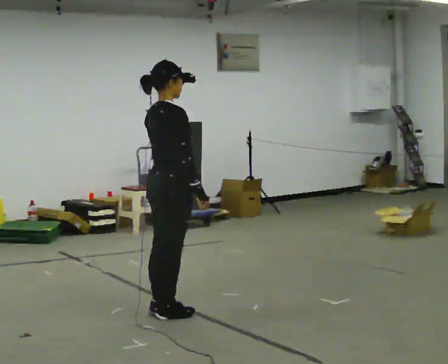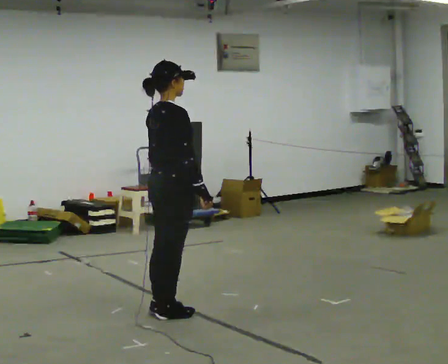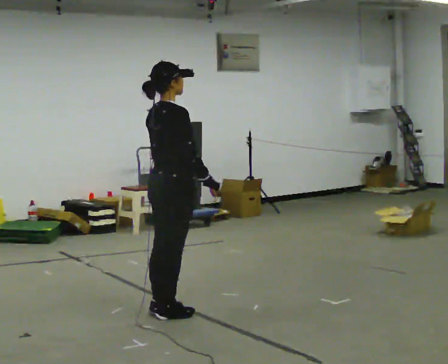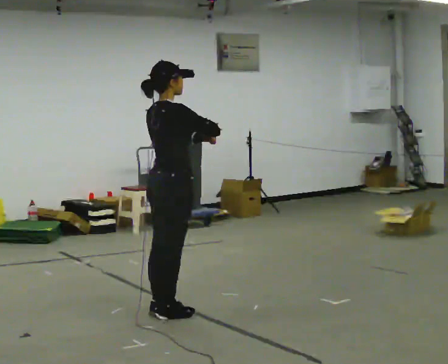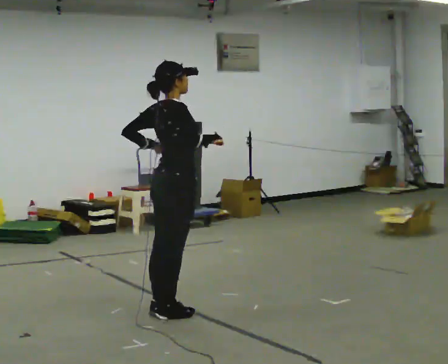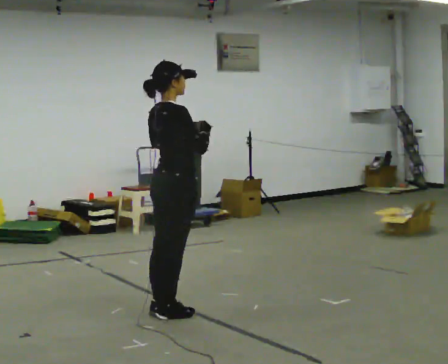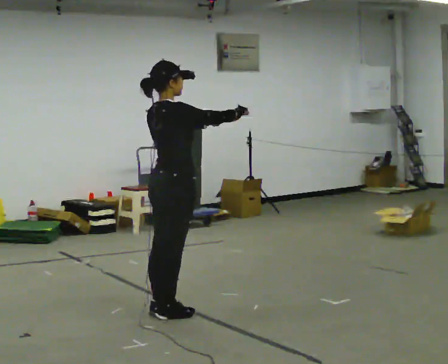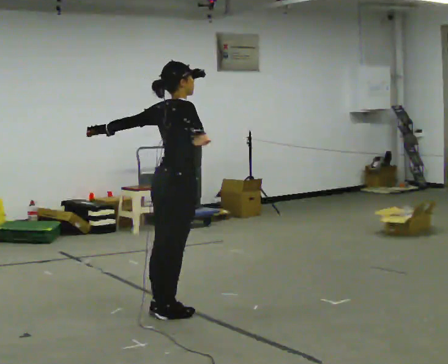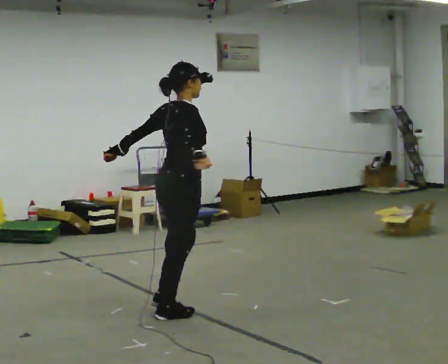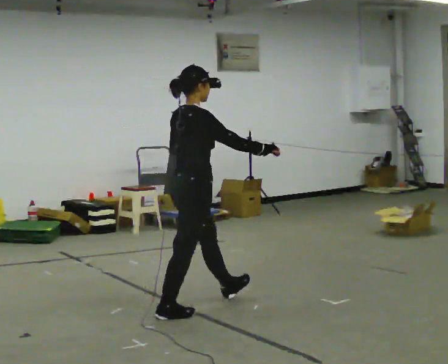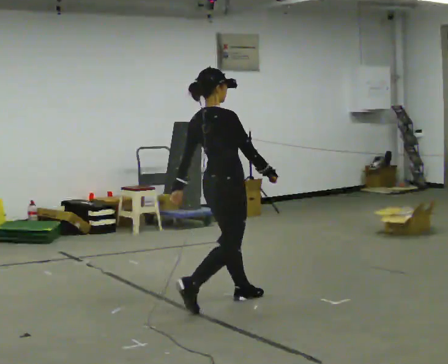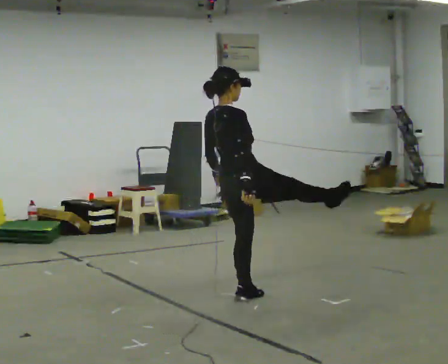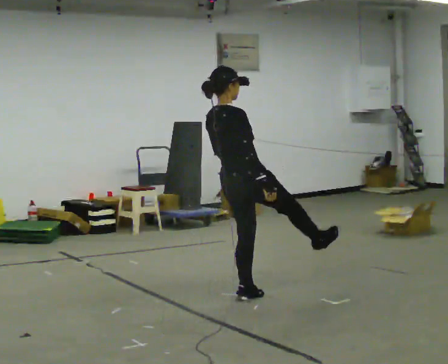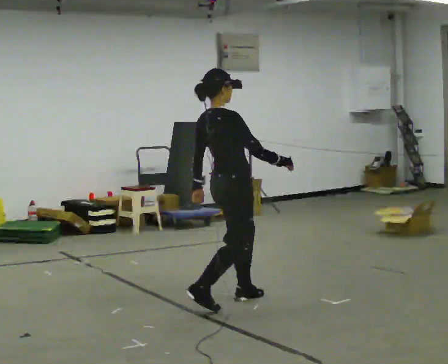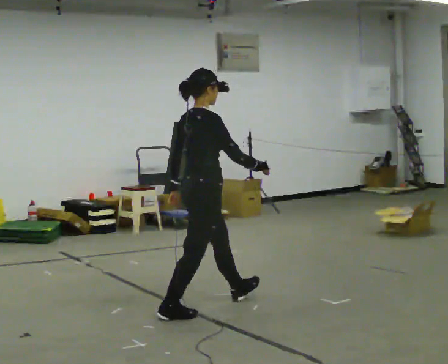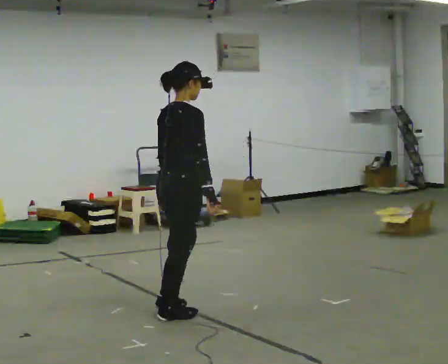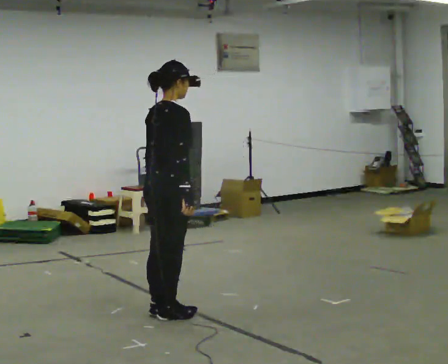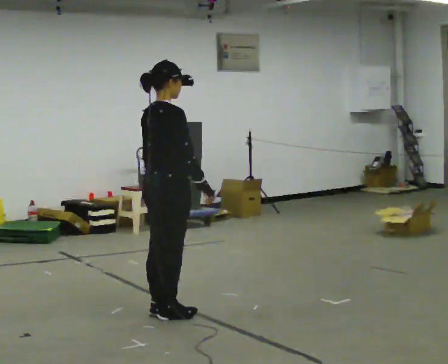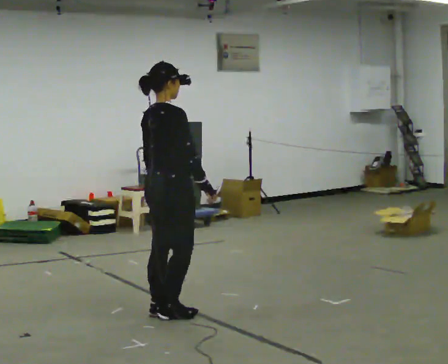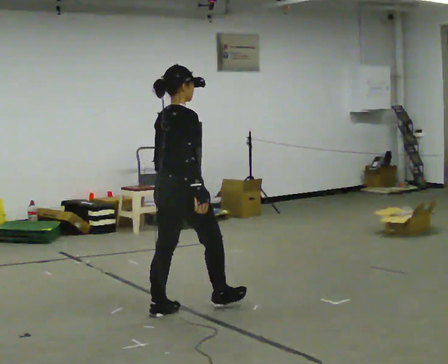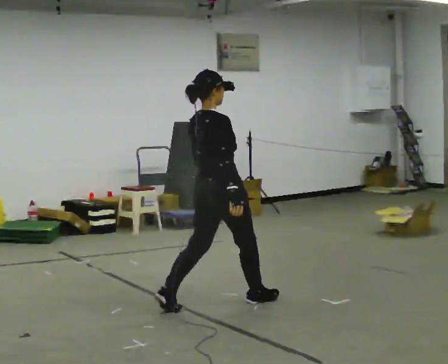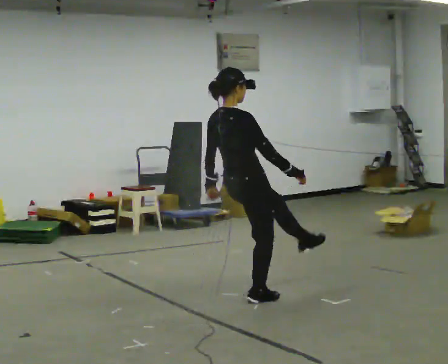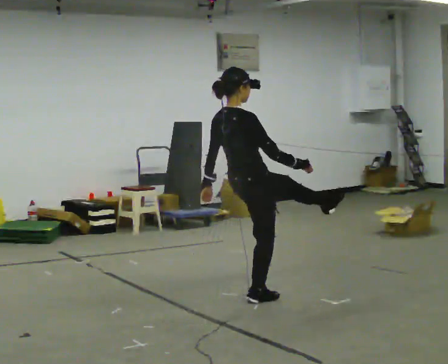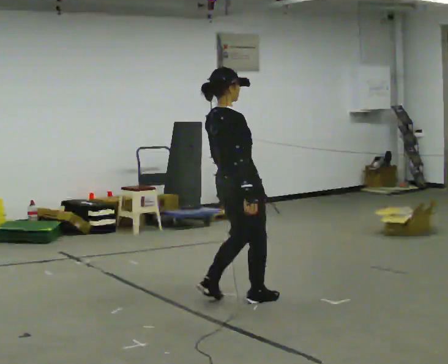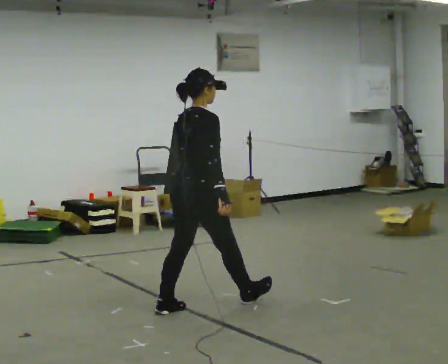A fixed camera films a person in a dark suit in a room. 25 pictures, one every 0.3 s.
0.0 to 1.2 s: In the picture their right hand goes upward.
1.2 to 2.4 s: The person moves a little, or ends about where they began.
2.4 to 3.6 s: In the picture they go to the right and away from the camera, about 0.5 m in 2 steps, which for them is forward. In the picture the upper body tilts counterclockwise, shoulders to the left, as they lean back or straighten.
3.6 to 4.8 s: In the picture they go to the left and toward the camera, about 0.5 m in 2 steps, which for them is backward. In the picture the upper body tilts clockwise, shoulders to the right, as they bend forward.
4.8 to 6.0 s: In the picture they go to the right and away from the camera, about 0.5 m in 1 step, which for them is forward.
6.0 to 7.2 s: In the picture they go to the left, about 0.25 m, which for them is backward.
The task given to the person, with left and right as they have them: Dance freely at a fast tempo as if to upbeat music; keep moving continuously.
The film runs forward here.
